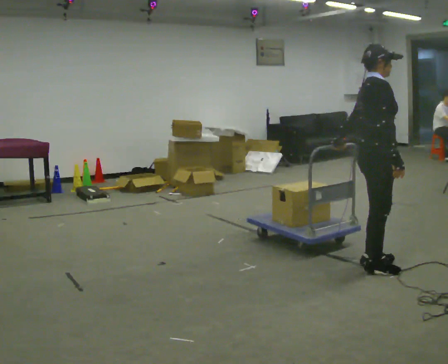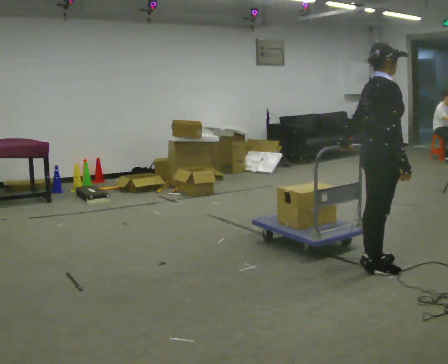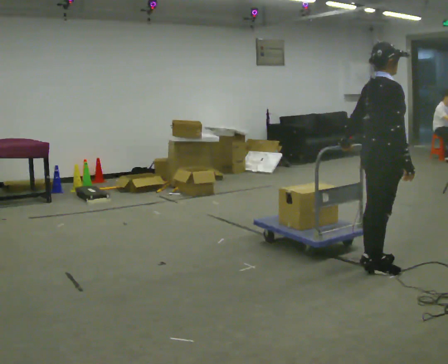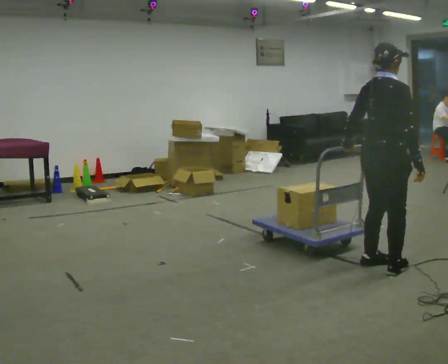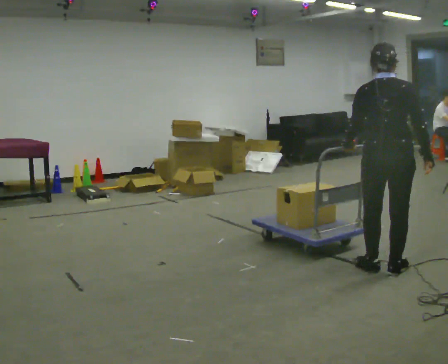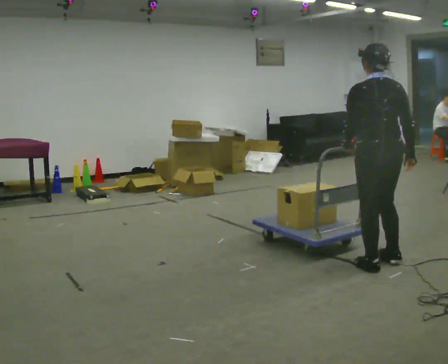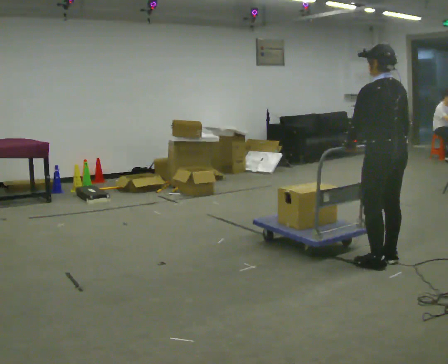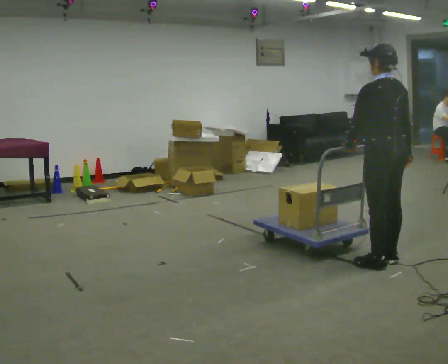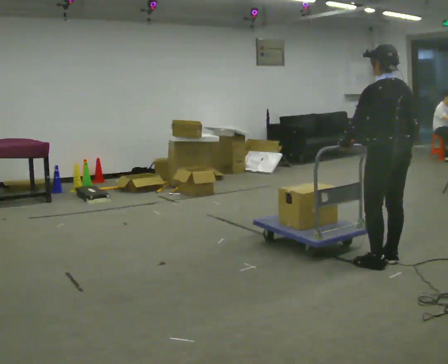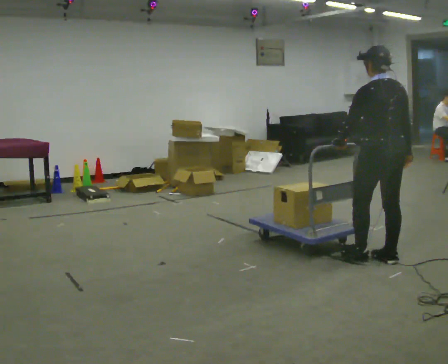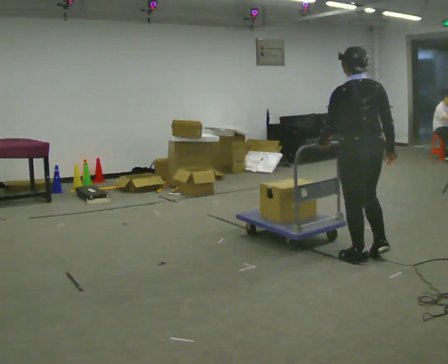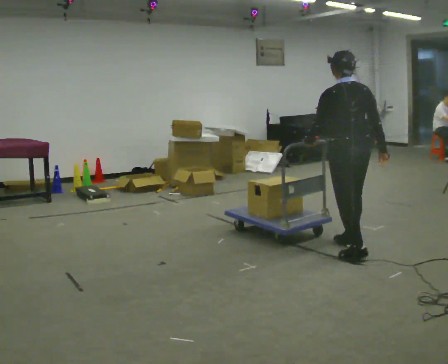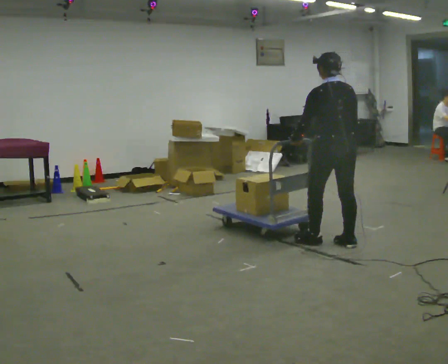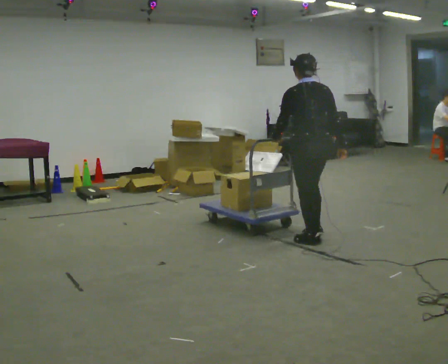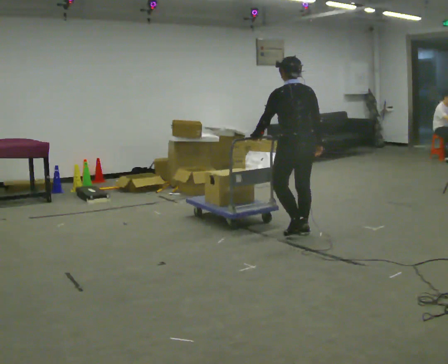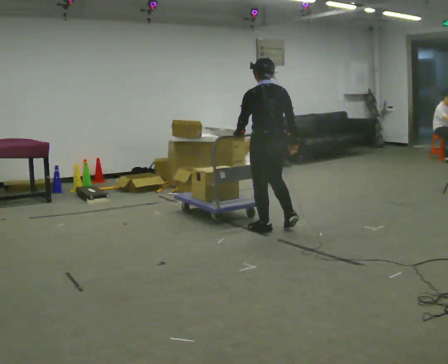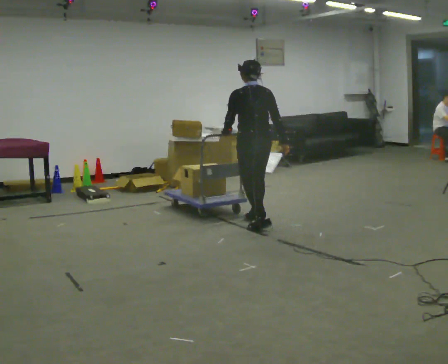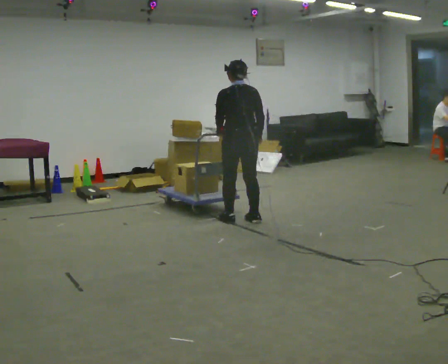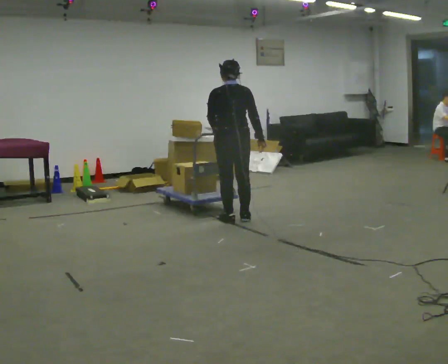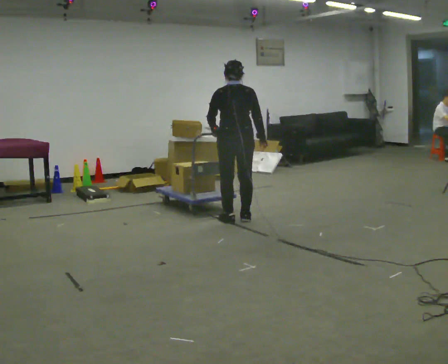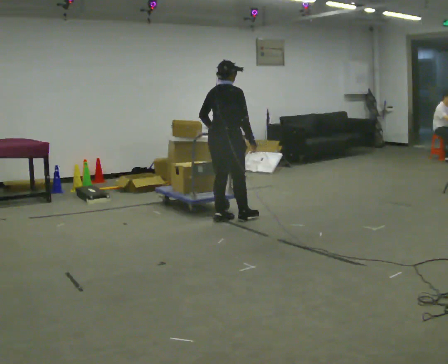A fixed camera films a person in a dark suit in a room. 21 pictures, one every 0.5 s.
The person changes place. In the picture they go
to the left.
The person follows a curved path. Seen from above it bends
counterclockwise.
0.0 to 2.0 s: The part of the body nearest the lens slides to the right as the person turns to their left by about 75 degrees.
2.0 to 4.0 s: The part of the body nearest the lens slides to the right as the person turns to their left by about 45 degrees. In the picture they go away from the camera, about 0.25 m in 1 step, which for them is to their right.
4.0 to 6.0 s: In the picture they go to the left and away from the camera, about 0.5 m in 2 steps, which for them is forward and to their left.
6.0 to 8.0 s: In the picture they go to the left and away from the camera, about 1 m in 4 steps, which for them is forward.
8.0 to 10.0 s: The part of the body nearest the lens slides to the left as the person turns to their right by about 60 degrees. In the picture they go to the left, about 0.25 m in 1 step.
The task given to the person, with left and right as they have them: Push the cart across the room using only the hand the operator calls. Keep your other arm at your side.
The film runs forward here.
